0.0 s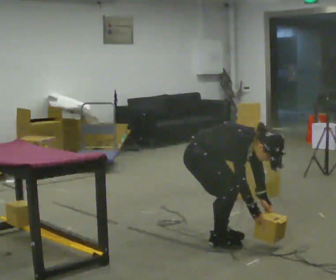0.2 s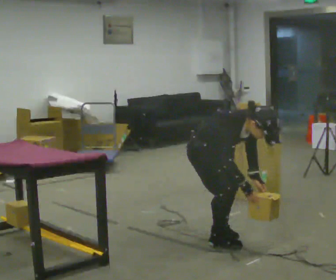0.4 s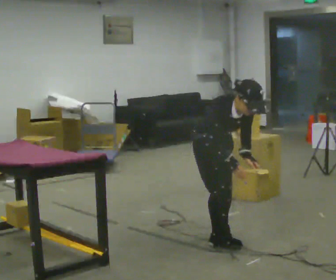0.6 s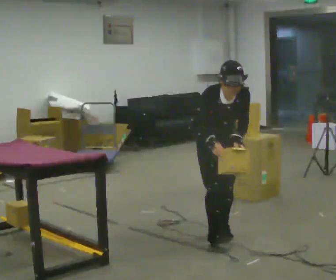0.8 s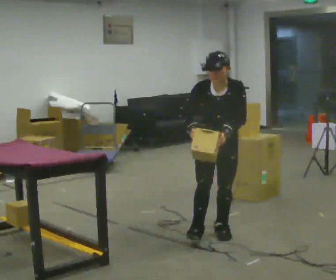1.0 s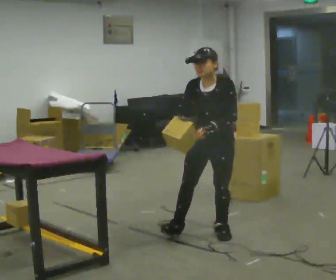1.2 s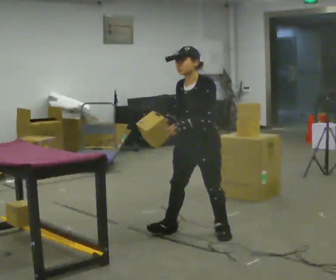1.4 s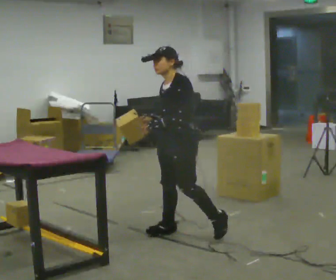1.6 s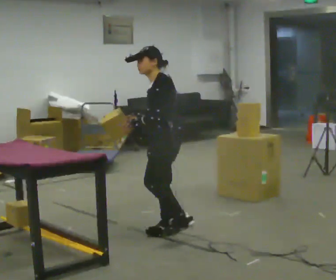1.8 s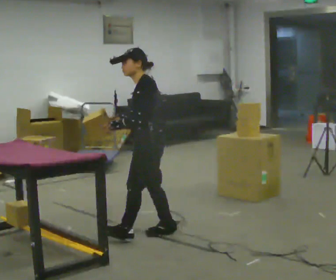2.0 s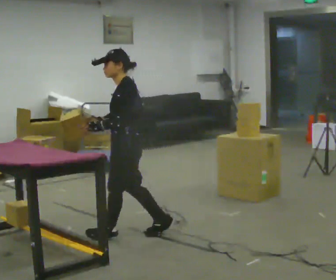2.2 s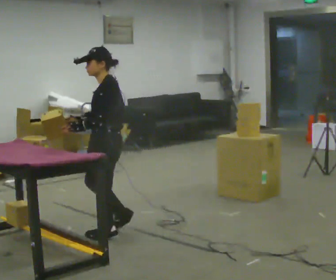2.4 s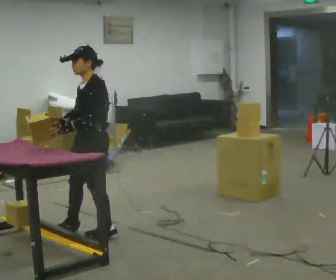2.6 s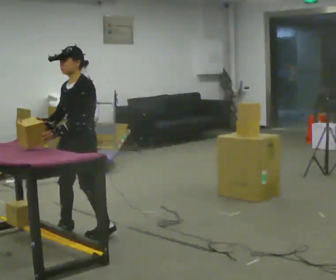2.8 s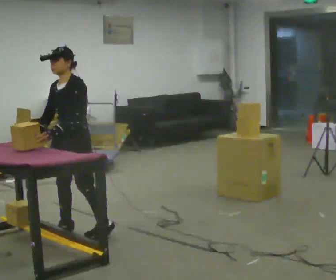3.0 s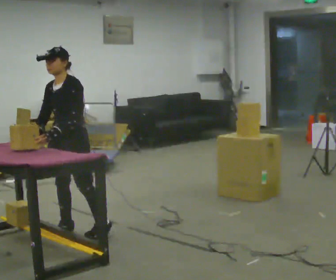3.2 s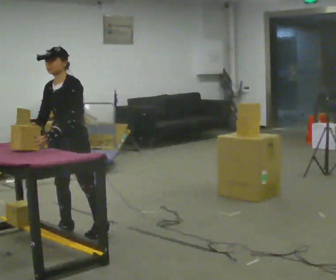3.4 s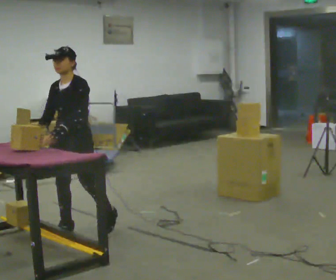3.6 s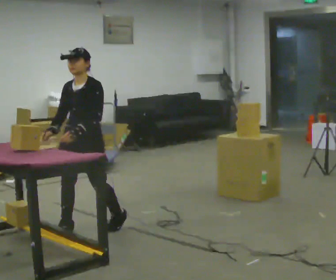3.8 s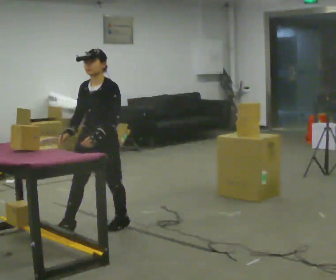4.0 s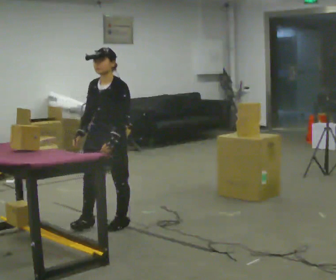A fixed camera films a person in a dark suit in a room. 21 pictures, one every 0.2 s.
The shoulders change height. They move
upward.
0.0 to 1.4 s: The part of the body nearest the lens slides to the left as the person turns to their right by about 120 degrees. In the picture they go away from the camera, about 0.25 m in 1 step. The upper body goes upward. In the picture the upper body tilts counterclockwise, shoulders to the left, as they lean back or straighten. In the picture their left hand goes to the left and upward.
1.4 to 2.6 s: In the picture they go to the left, about 1 m in 2 steps, which for them is forward.
2.6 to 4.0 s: In the picture they go to the right and away from the camera, about 0.25 m in 1 step, which for them is backward.
The film runs forward here.
